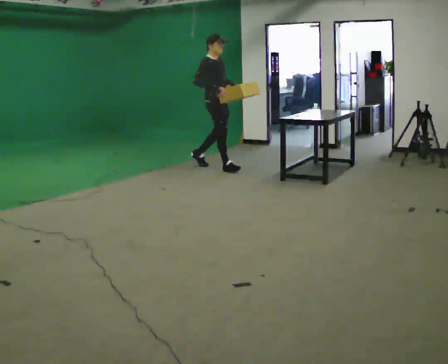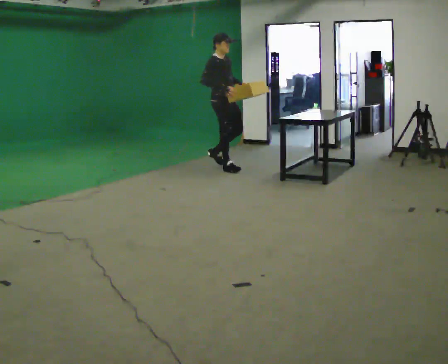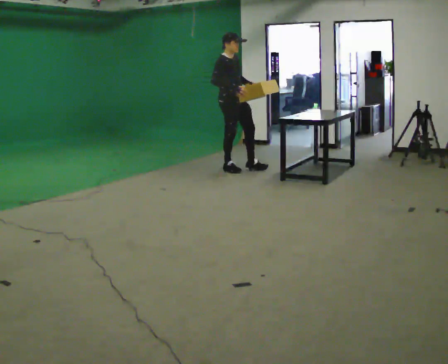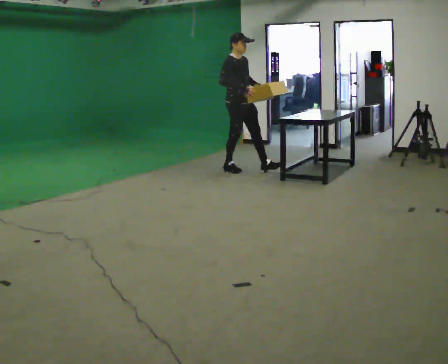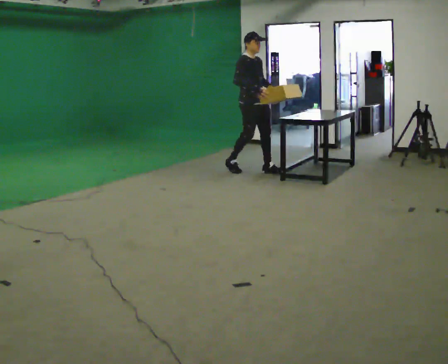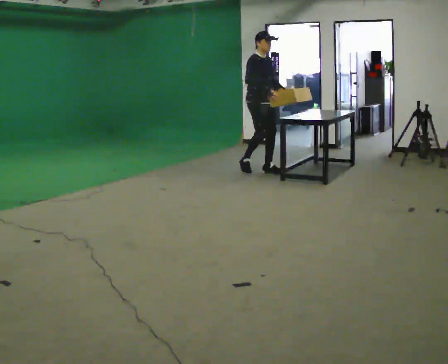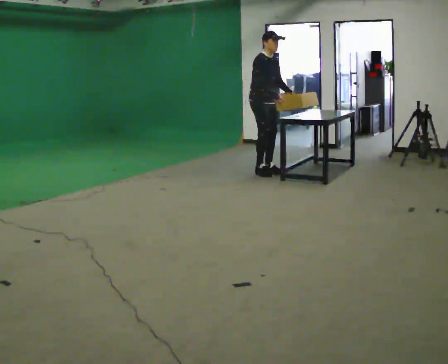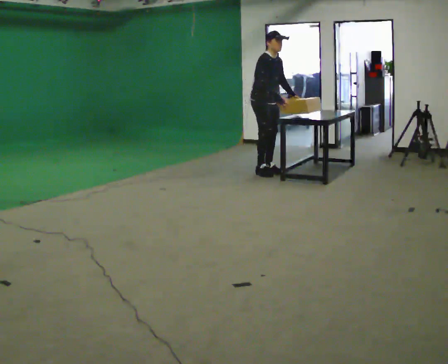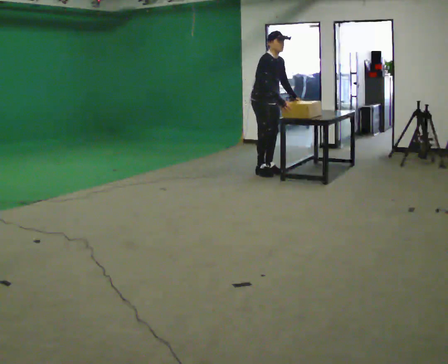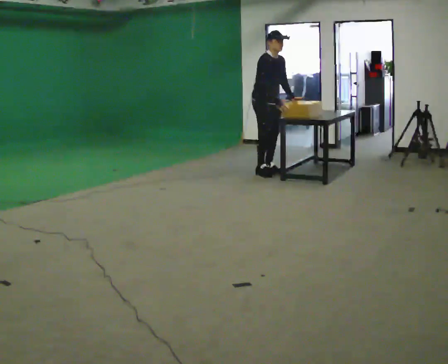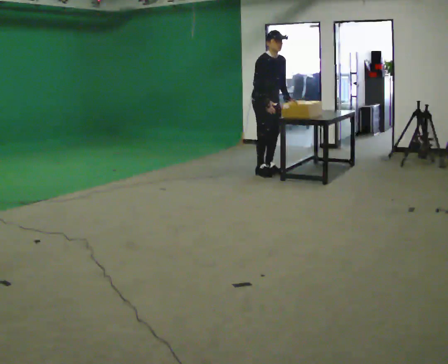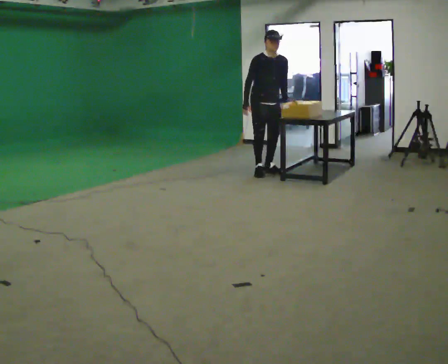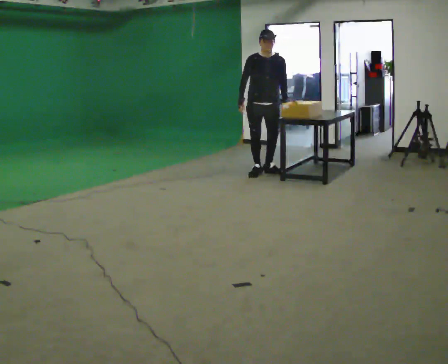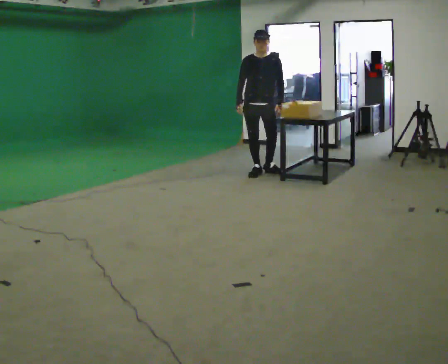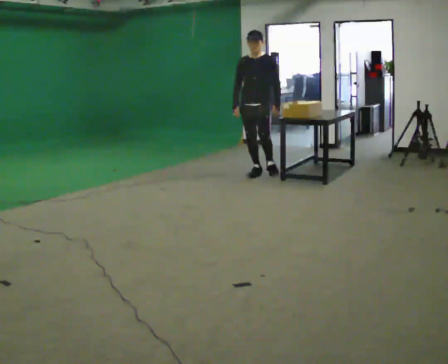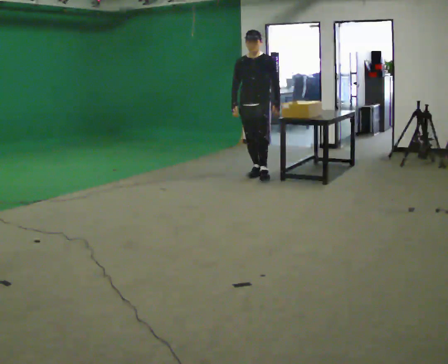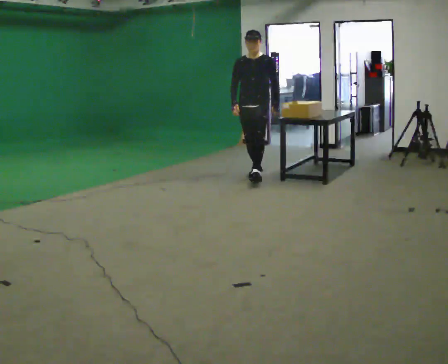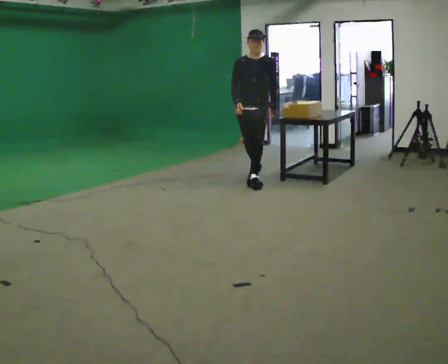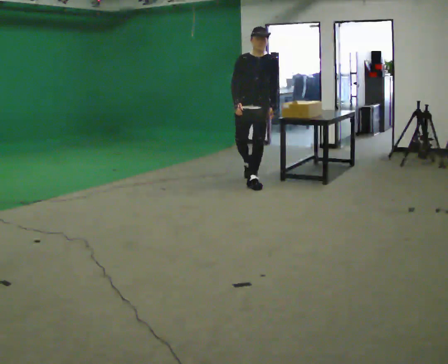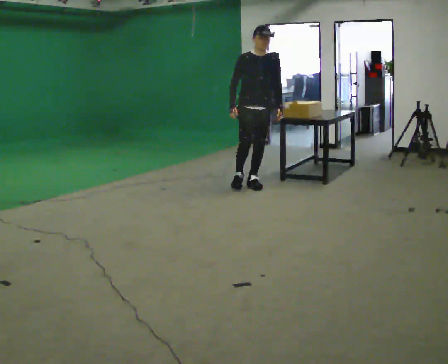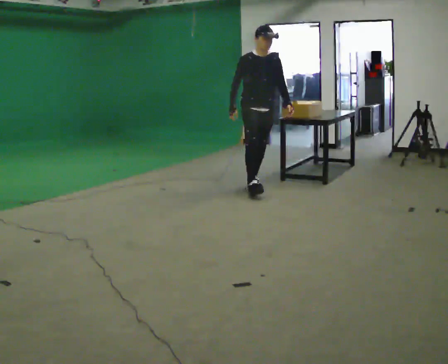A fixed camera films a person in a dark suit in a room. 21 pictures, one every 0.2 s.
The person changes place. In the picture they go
toward the camera.
0.0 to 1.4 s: In the picture they go to the right, about 0.75 m in 2 steps, which for them is forward. In the picture the upper body tilts clockwise, shoulders to the right, as they bend forward.
1.4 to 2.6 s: The person turns about 60 degrees to their right, clockwise seen from above, so the part of the body nearest the lens slides to the left. In the picture their right hand goes to the left.
2.6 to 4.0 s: The part of the body nearest the lens slides to the right as the person turns to their left by about 30 degrees. In the picture they go toward the camera, about 0.5 m in 1 step, which for them is forward.
The film runs forward here.
